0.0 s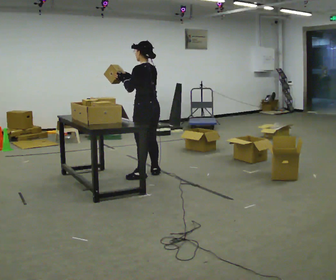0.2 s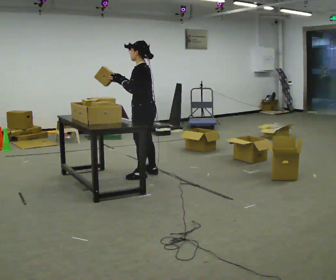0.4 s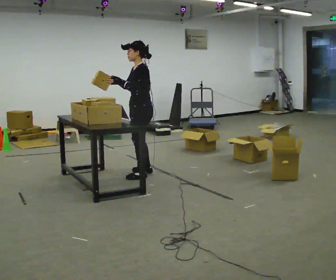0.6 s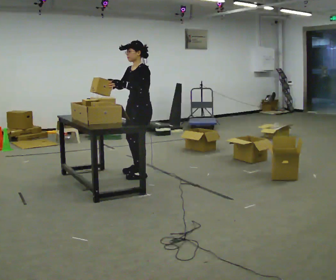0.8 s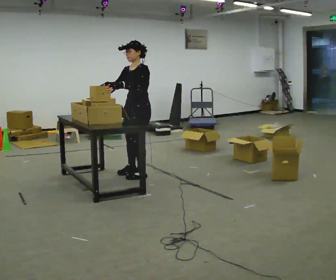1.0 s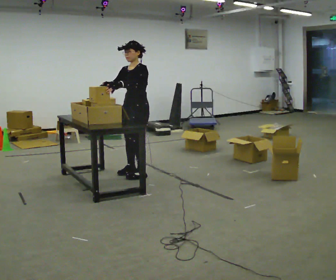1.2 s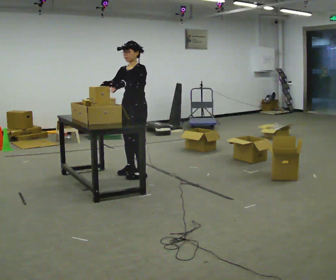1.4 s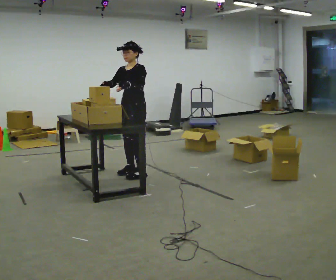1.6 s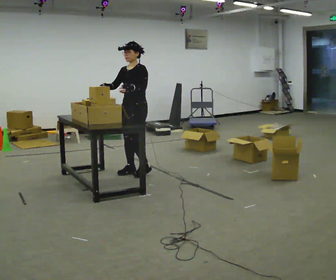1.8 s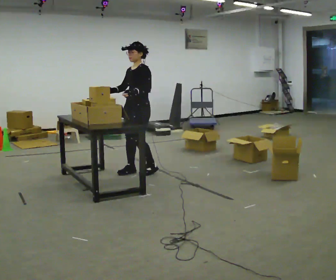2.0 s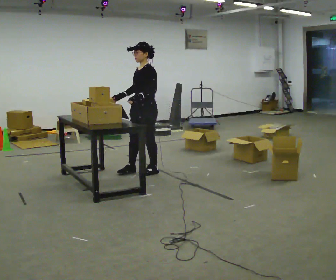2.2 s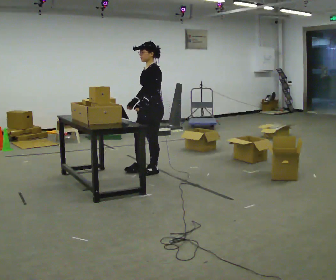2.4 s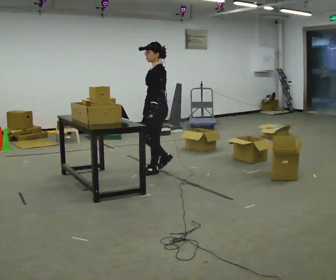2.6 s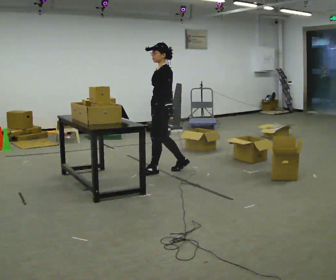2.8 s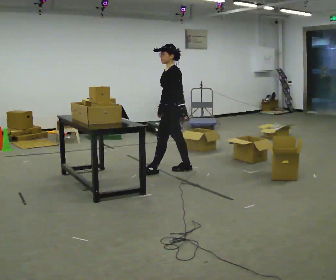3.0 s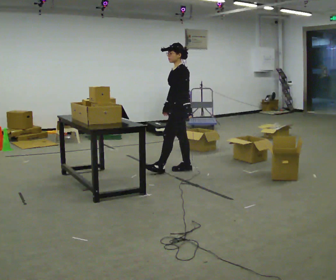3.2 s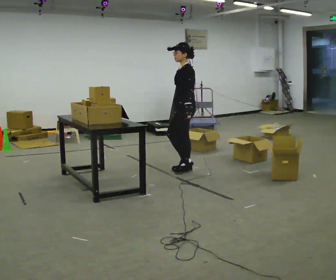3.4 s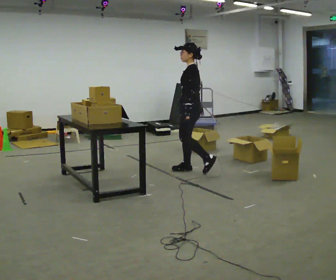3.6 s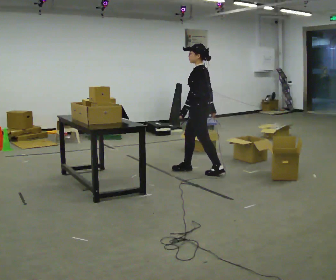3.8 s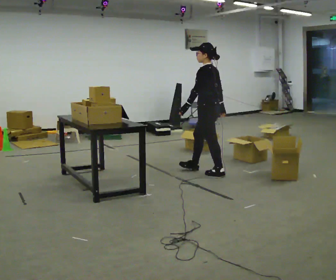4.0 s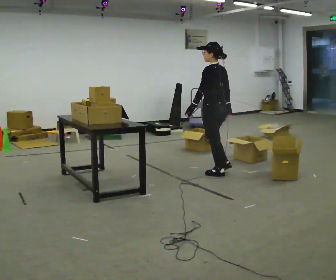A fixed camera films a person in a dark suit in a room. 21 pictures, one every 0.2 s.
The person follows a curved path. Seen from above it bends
clockwise.
0.0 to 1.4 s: The part of the body nearest the lens slides to the right as the person turns to their left by about 90 degrees. In the picture they go to the left, about 0.25 m in 1 step.
1.4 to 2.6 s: The person turns about 45 degrees to their right, clockwise seen from above, so the part of the body nearest the lens slides to the left. In the picture they go to the right, about 0.25 m in 2 steps, which for them is backward.
2.6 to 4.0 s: The person turns about 45 degrees to their right, clockwise seen from above, so the part of the body nearest the lens slides to the left. In the picture they go to the right, about 0.75 m in 2 steps, which for them is backward.
The film runs backward here.
